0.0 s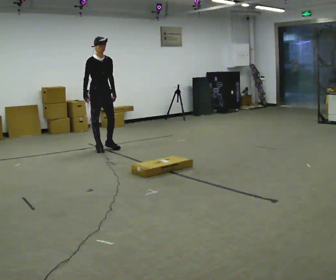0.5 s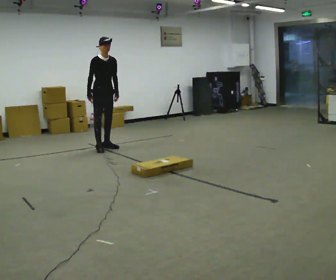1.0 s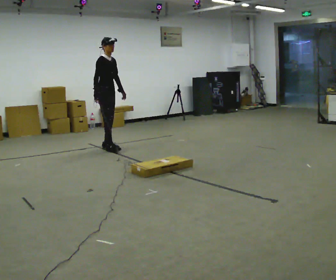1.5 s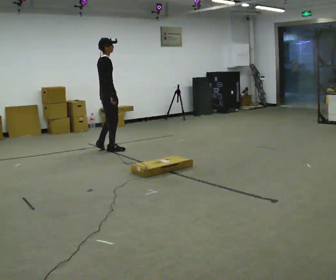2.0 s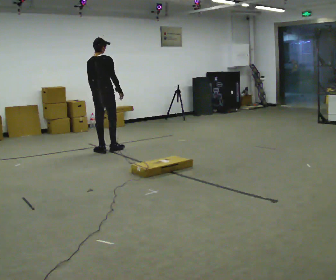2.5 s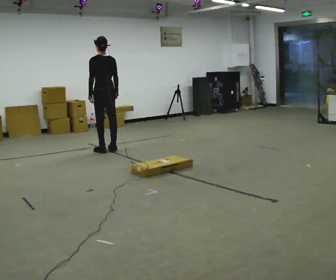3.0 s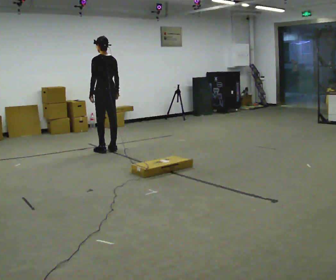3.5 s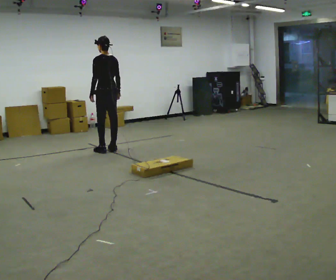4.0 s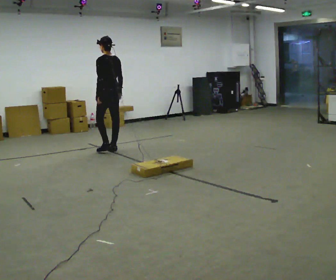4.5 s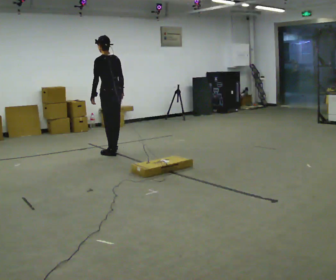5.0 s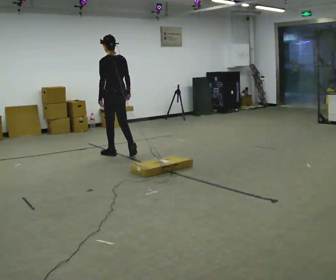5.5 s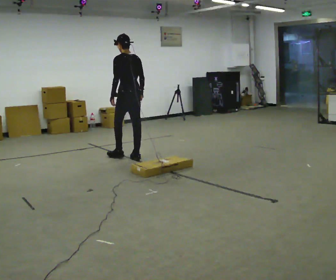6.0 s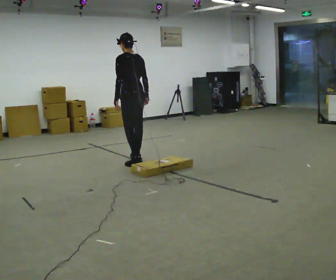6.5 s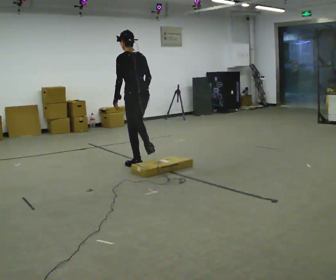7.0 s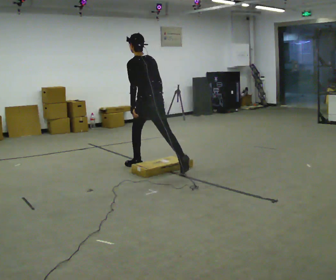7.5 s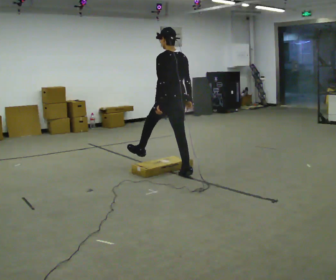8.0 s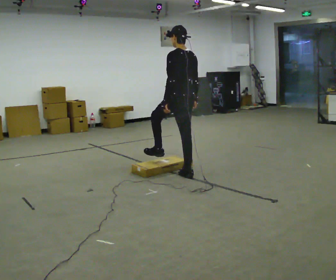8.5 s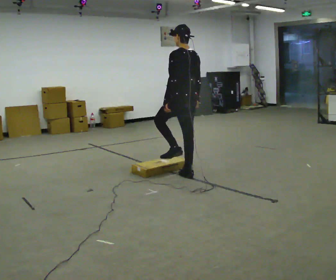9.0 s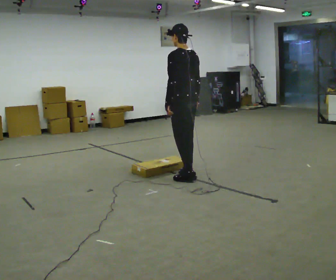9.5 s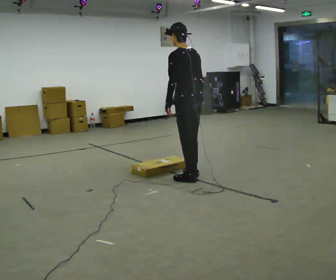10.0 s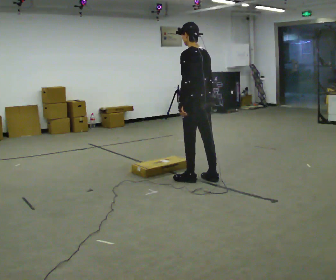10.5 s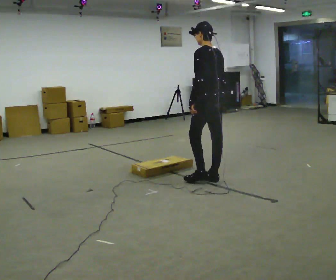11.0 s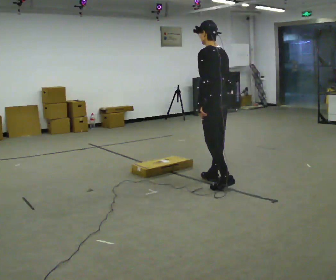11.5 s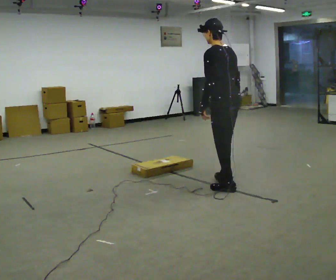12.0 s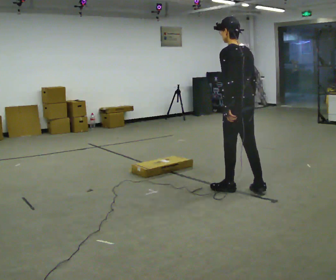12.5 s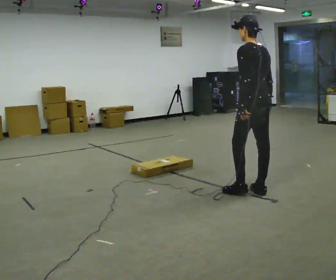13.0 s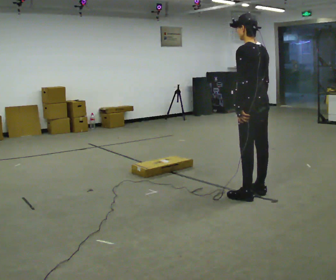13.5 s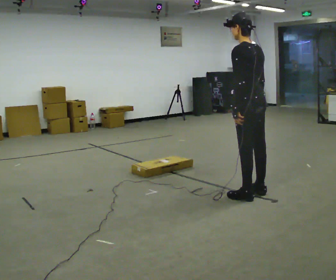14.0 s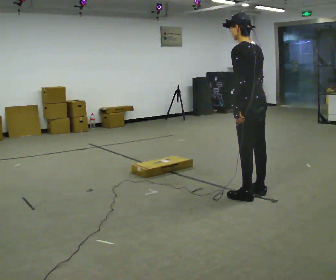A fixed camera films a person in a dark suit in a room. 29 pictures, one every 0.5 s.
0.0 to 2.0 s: Seen from above the body turns counterclockwise, about 135 degrees: to their left, with its near side sliding to the right. In the picture they go toward the camera, about 0.25 m in 2 steps. In the picture their right hand goes to the right, the arm swinging counterclockwise.
2.0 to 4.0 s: Seen from above the body turns counterclockwise, about 60 degrees: to their left, with its near side sliding to the right.
4.0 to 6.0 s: In the picture they go toward the camera and to the right, about 1 m in 2 steps, which for them is backward.
6.0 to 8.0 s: In the picture they go toward the camera and to the right, about 1 m in 2 steps, which for them is backward.
8.0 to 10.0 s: In the picture they go toward the camera, about 0.25 m in 1 step, which for them is backward.
10.0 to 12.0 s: In the picture they go toward the camera and to the right, about 0.5 m in 2 steps, which for them is backward.
12.0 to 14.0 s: In the picture they go toward the camera, about 0.25 m in 1 step, which for them is backward.
The film runs backward here.
